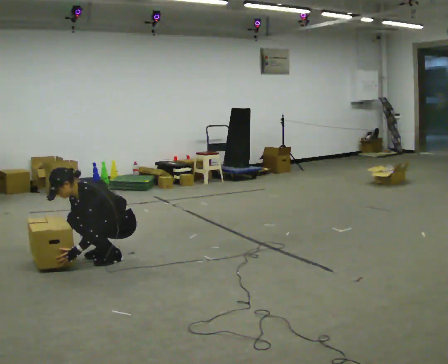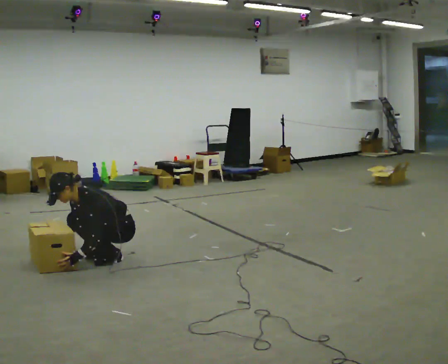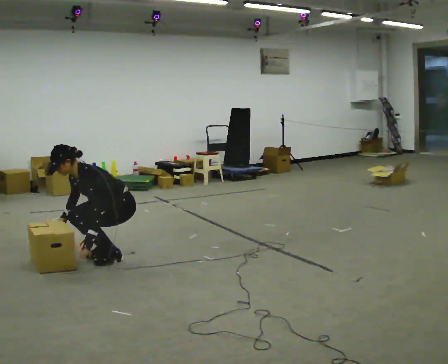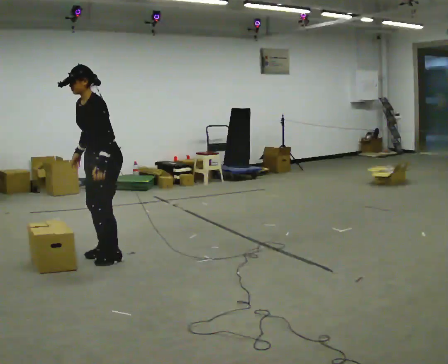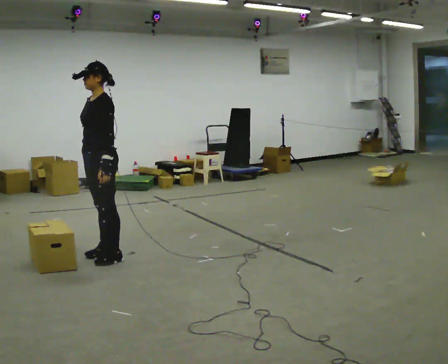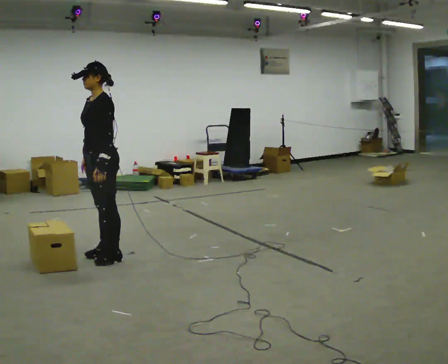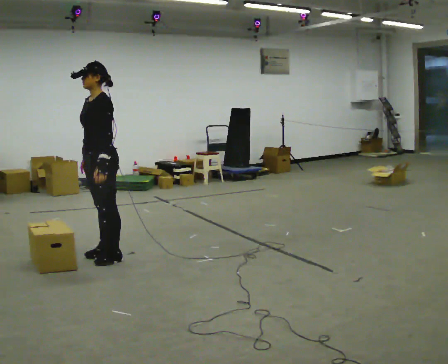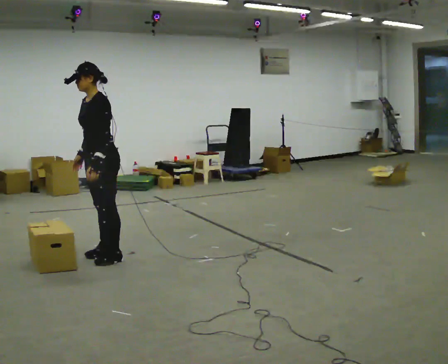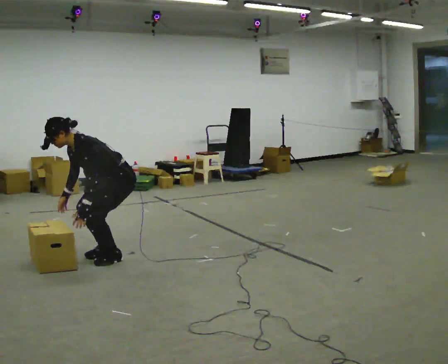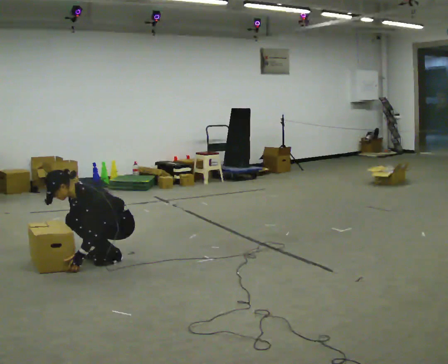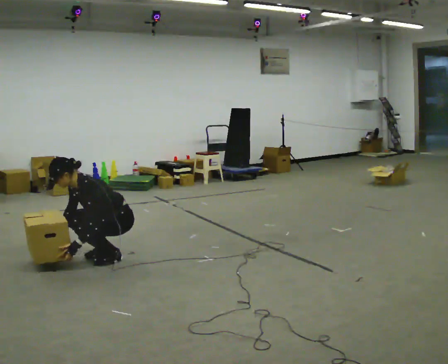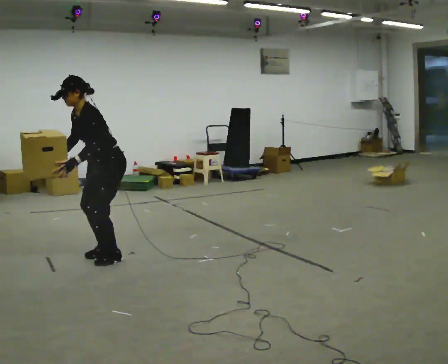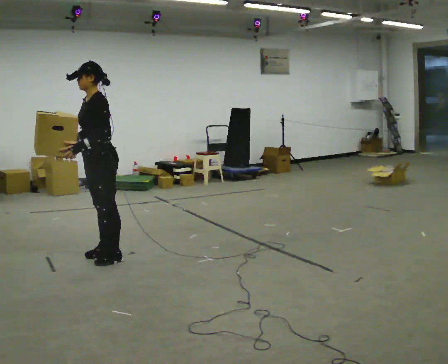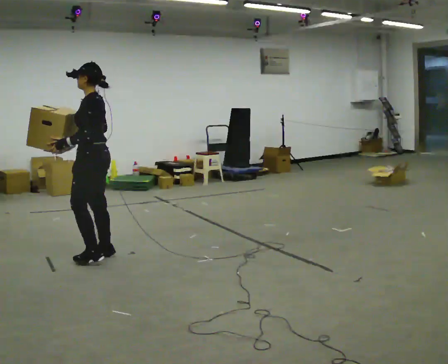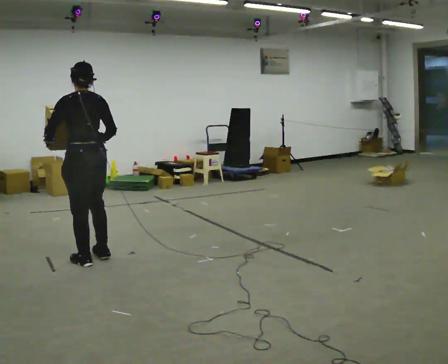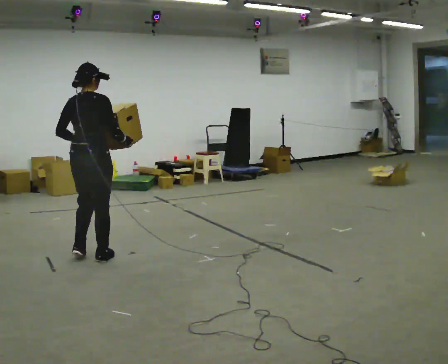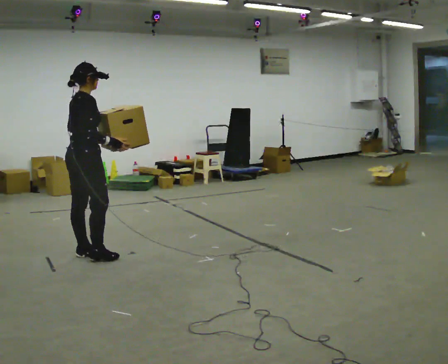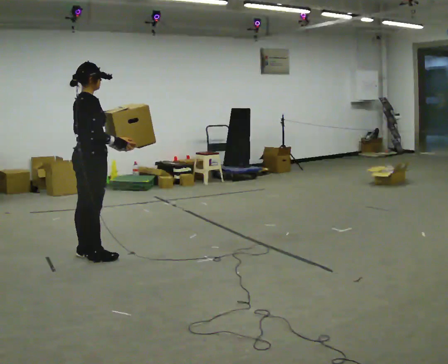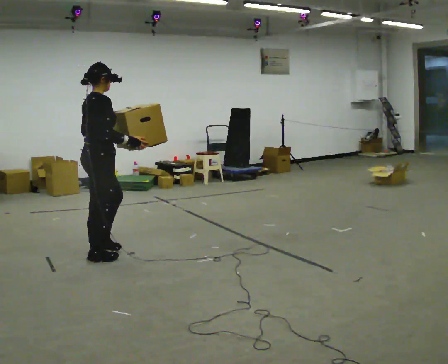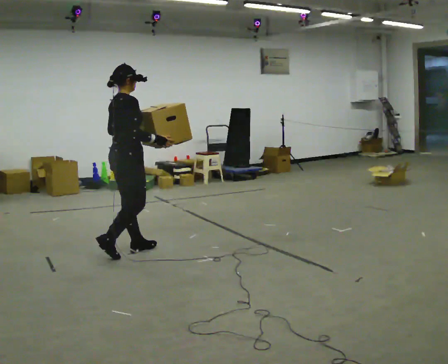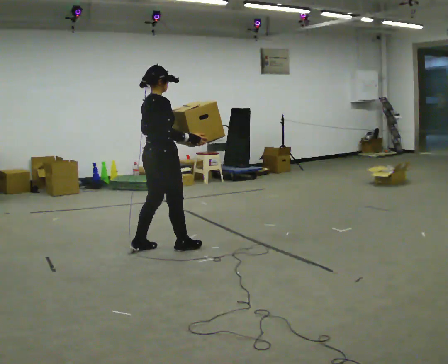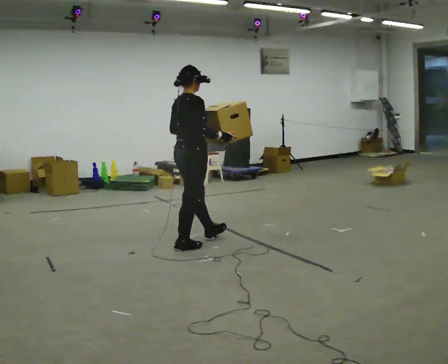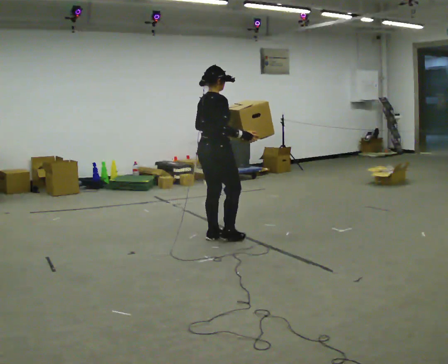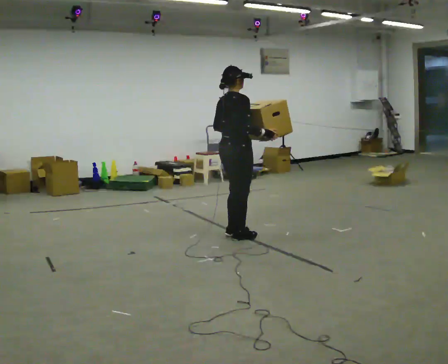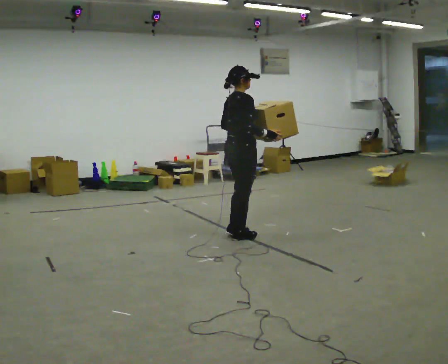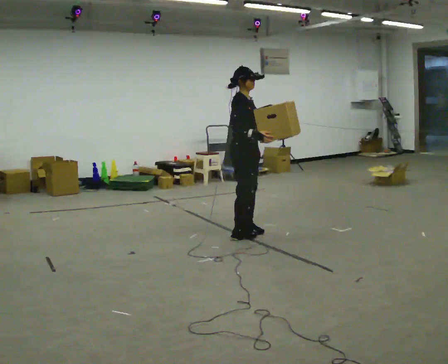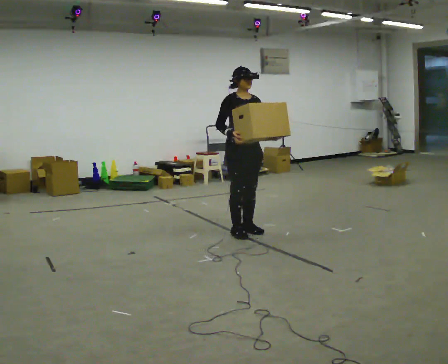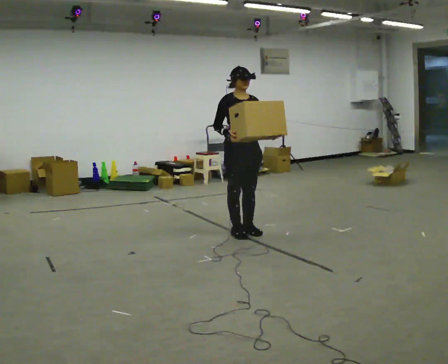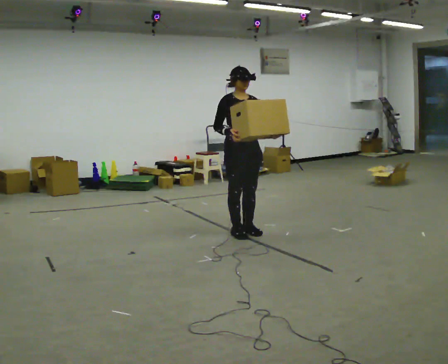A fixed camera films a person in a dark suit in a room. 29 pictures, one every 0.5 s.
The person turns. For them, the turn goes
to their right.
The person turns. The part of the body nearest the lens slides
to the left.
0.0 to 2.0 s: The upper body goes upward. In the picture the upper body tilts clockwise, shoulders to the right, as they lean back or straighten. In the picture their right hand goes upward.
2.0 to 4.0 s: The upper body goes downward. In the picture the upper body tilts counterclockwise, shoulders to the left, as they bend forward. In the picture their right hand goes downward.
4.0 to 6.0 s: In the picture the upper body tilts clockwise, shoulders to the right, as they lean back or straighten. In the picture their left hand goes upward.
6.0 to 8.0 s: Seen from above the body turns clockwise, about 180 degrees: to their right, with its near side sliding to the left. In the picture they go to the left, about 0.25 m in 3 steps. In the picture their right hand goes to the right.
8.0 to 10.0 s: In the picture they go to the right, about 0.75 m in 2 steps, which for them is forward.
10.0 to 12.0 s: In the picture they go to the right, about 1 m in 3 steps, which for them is forward.
12.0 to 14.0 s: The person turns about 90 degrees to their right, clockwise seen from above, so the part of the body nearest the lens slides to the left.
The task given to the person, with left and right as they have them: Carry the box along the marked route, turning 90 degrees at the corner the operator calls, and set it down at the end. Keep going until the operator says stop; one object at a time, and do not rush between trips.
The film runs forward here.
